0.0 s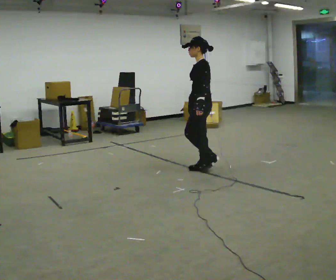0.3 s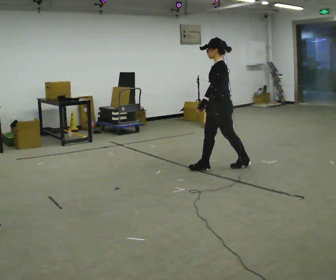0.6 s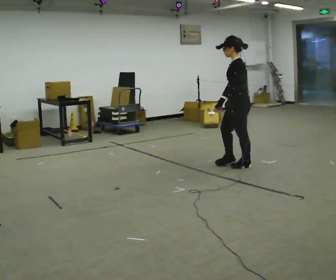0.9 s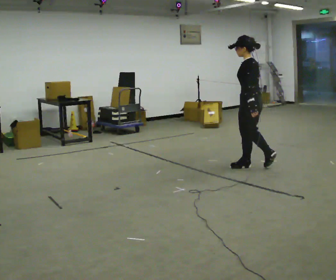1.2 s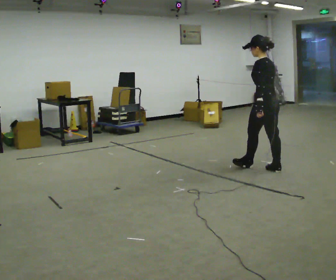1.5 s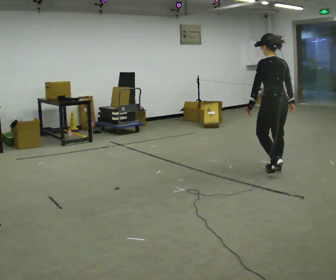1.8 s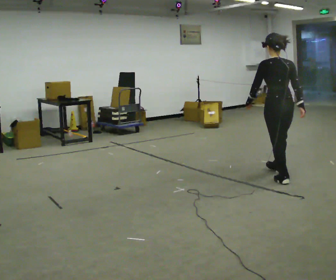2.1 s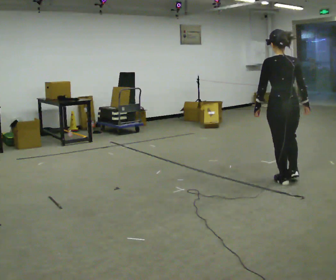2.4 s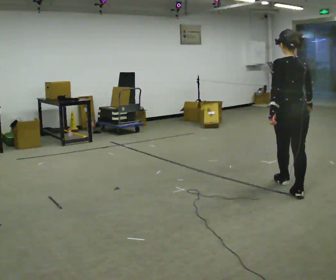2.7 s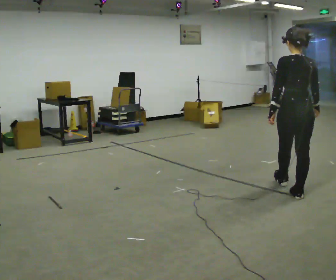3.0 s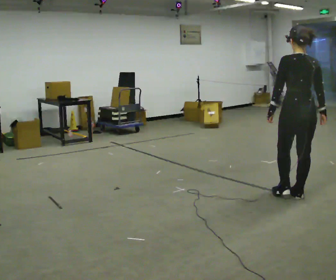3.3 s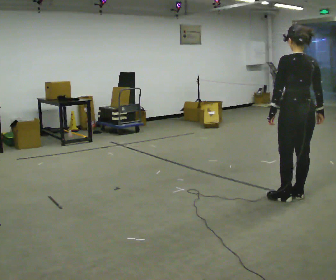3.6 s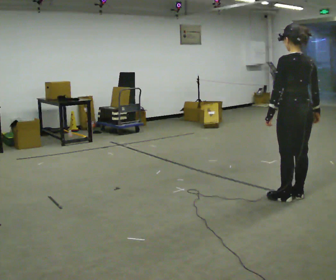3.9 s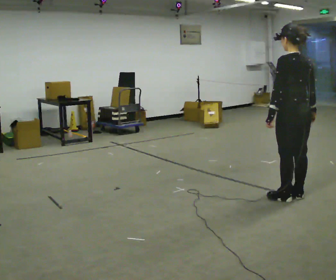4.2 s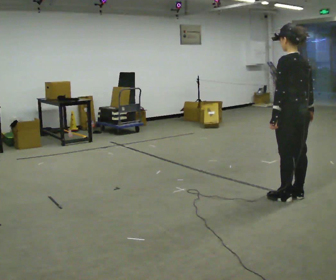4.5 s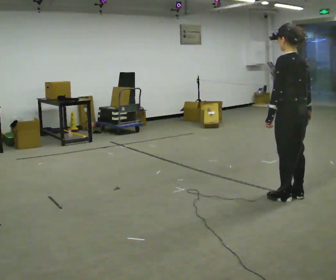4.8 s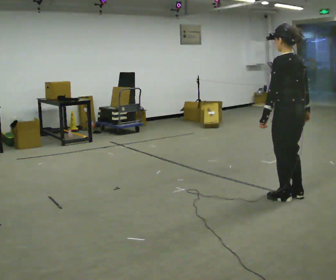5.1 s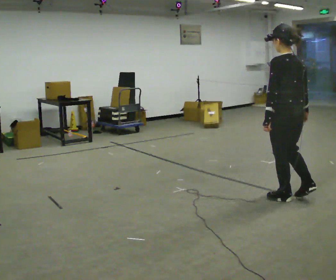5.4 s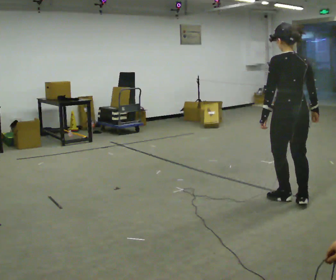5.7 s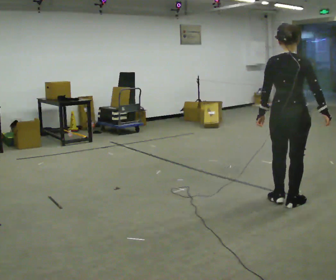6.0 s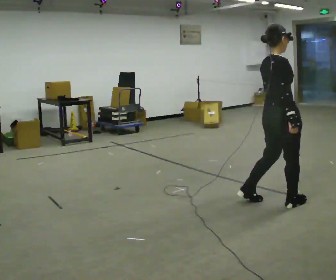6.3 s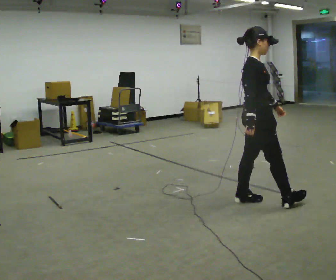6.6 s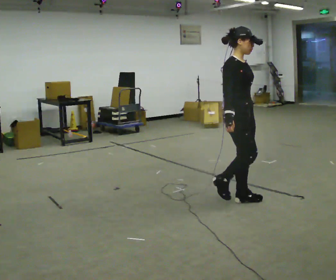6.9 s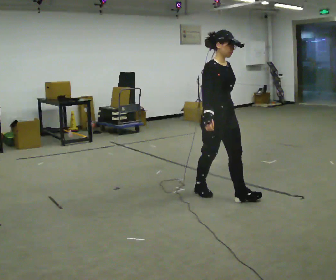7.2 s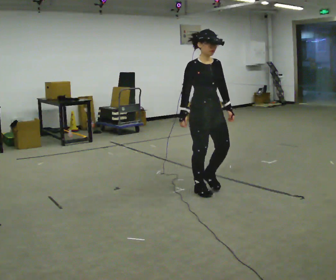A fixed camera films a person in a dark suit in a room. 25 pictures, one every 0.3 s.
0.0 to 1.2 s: The person turns about 60 degrees to their right, clockwise seen from above, so the part of the body nearest the lens slides to the left. In the picture they go to the right, about 1 m in 2 steps, which for them is backward.
1.2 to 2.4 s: The part of the body nearest the lens slides to the left as the person turns to their right by about 45 degrees. In the picture they go toward the camera and to the right, about 0.75 m in 1 step, which for them is backward.
2.4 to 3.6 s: In the picture they go toward the camera, about 0.25 m in 1 step, which for them is backward.
3.6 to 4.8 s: The person moves a little, or ends about where they began.
4.8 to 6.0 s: The person turns about 105 degrees to their right, clockwise seen from above, so the part of the body nearest the lens slides to the left.
6.0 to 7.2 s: The person turns about 75 degrees to their right, clockwise seen from above, so the part of the body nearest the lens slides to the left. In the picture they go to the left and away from the camera, about 1 m in 2 steps.
The film runs backward here.
